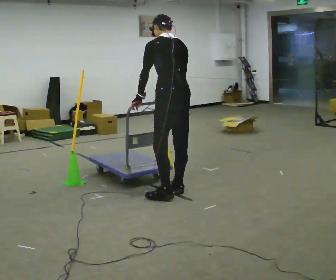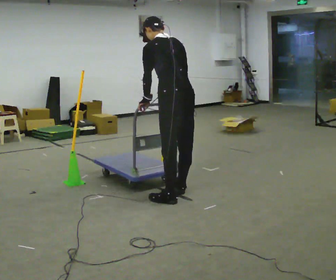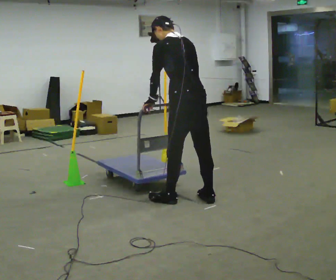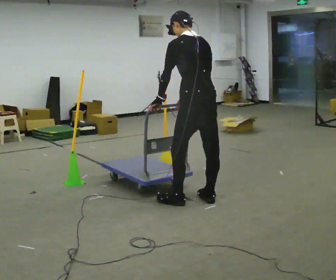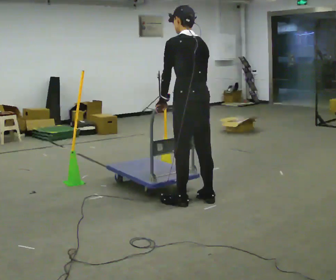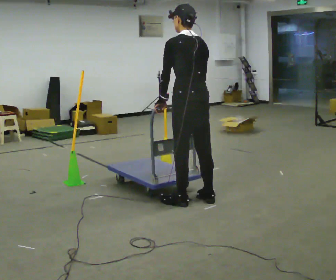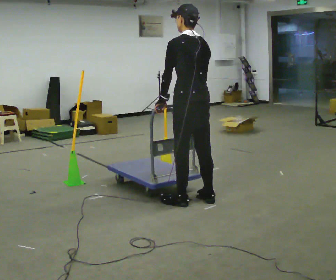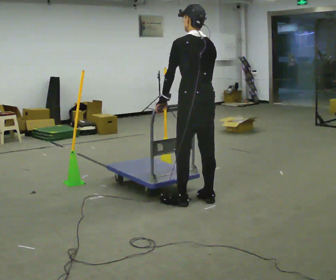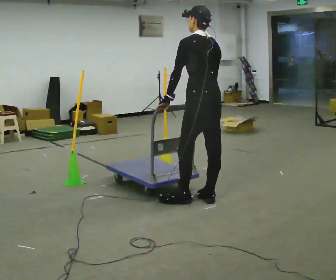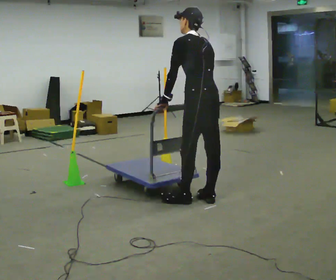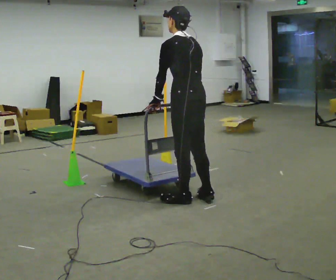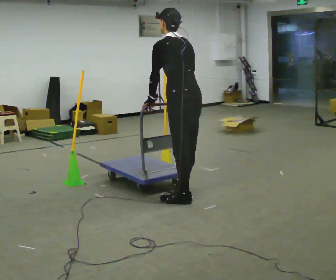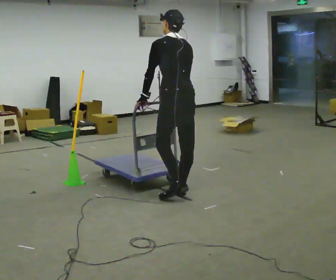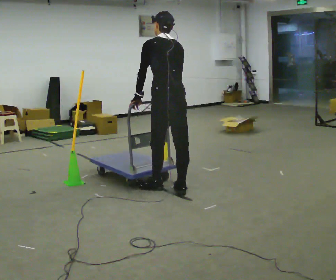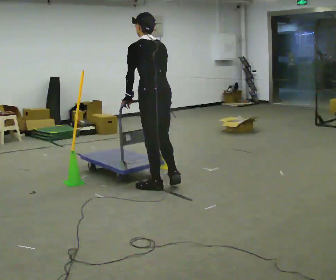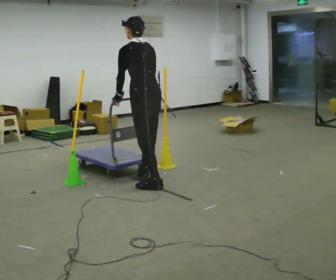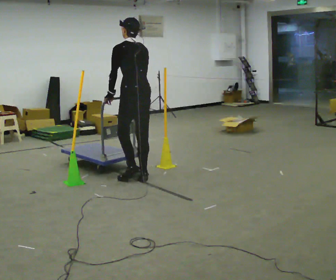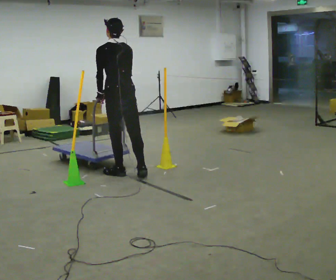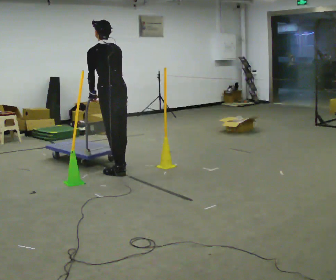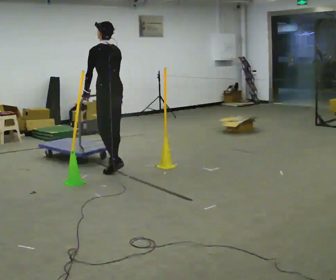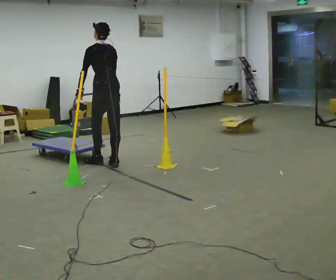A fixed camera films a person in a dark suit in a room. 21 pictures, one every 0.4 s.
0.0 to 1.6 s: In the picture they go toward the camera and to the right, about 0.25 m in 2 steps, which for them is backward.
1.6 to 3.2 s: The person moves a little, or ends about where they began.
3.2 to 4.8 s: In the picture they go to the left and away from the camera, about 0.25 m in 1 step, which for them is forward.
4.8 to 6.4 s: In the picture they go to the left and away from the camera, about 0.5 m in 2 steps, which for them is forward.
6.4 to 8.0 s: In the picture they go away from the camera and to the left, about 0.5 m in 2 steps, which for them is forward.
The film runs forward here.
